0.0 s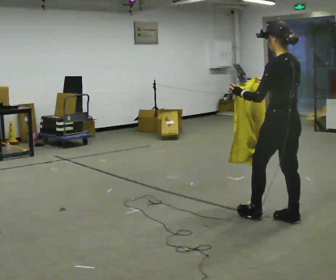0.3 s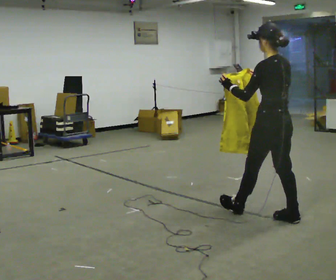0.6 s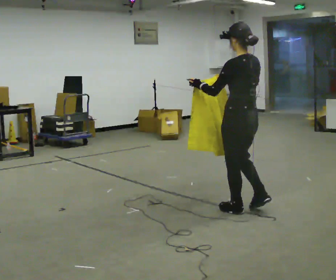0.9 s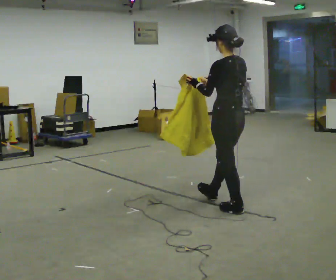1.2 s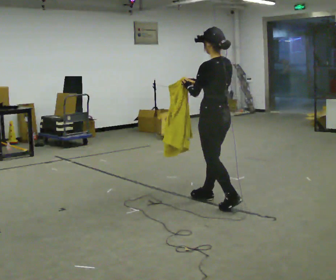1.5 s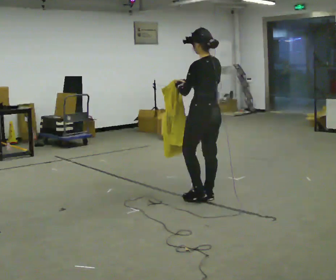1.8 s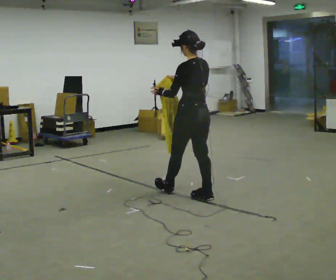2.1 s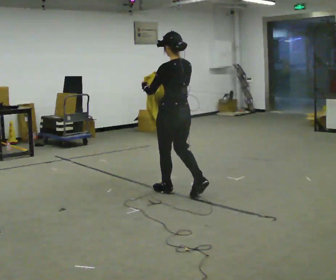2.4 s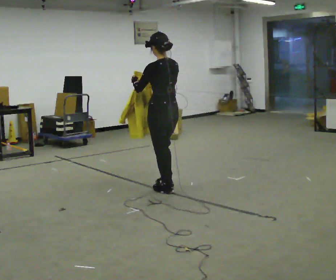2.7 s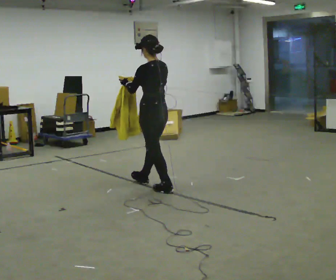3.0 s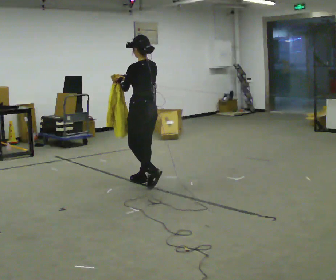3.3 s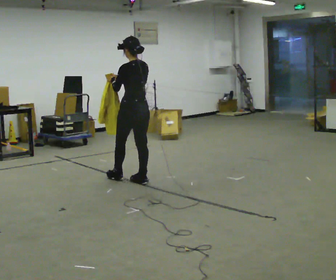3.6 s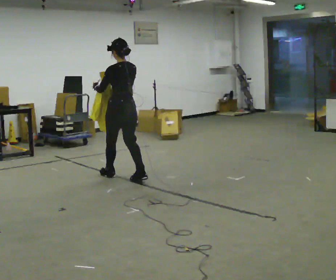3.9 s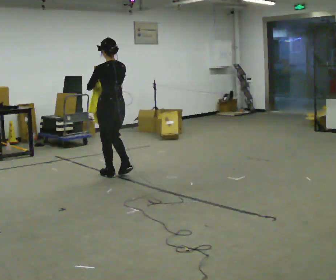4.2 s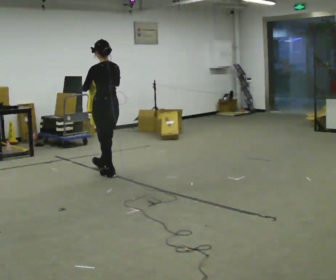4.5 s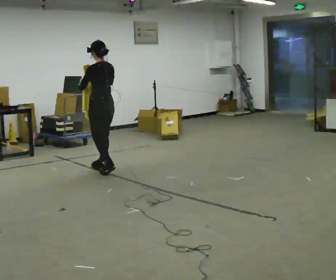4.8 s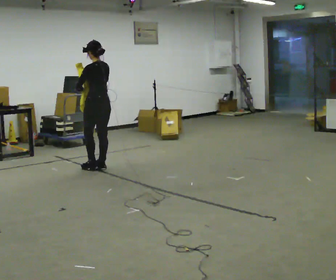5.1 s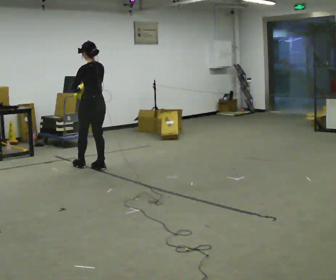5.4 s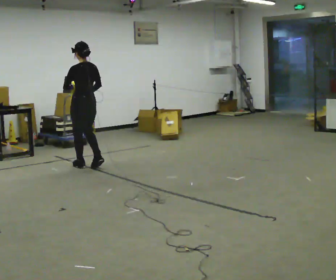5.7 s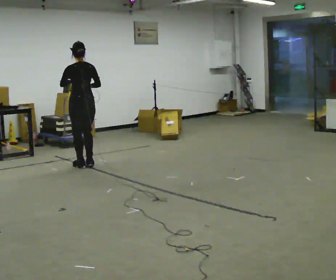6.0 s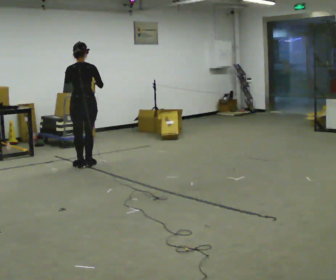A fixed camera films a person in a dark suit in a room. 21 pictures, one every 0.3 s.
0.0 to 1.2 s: In the picture they go away from the camera and to the left, about 0.5 m in 2 steps, which for them is forward.
1.2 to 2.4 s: In the picture they go away from the camera and to the left, about 0.75 m in 1 step, which for them is forward.
2.4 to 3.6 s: In the picture they go away from the camera and to the left, about 0.5 m in 2 steps, which for them is forward.
3.6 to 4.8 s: In the picture they go away from the camera and to the left, about 0.5 m in 1 step, which for them is forward.
4.8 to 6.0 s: The part of the body nearest the lens slides to the left as the person turns to their right by about 45 degrees. In the picture they go to the left and away from the camera, about 0.25 m in 2 steps, which for them is forward.
The film runs forward here.
